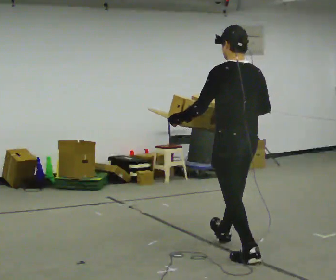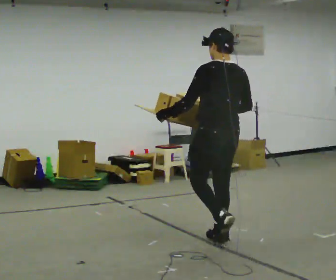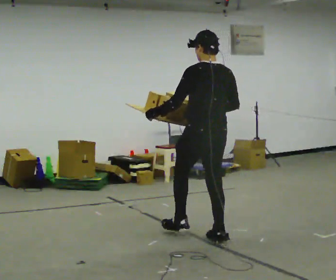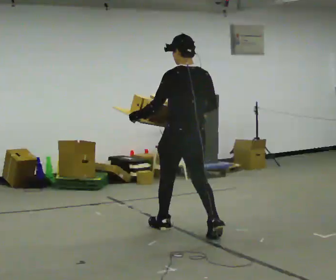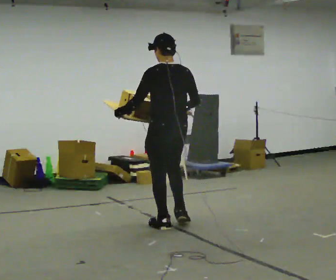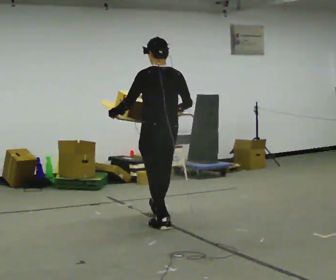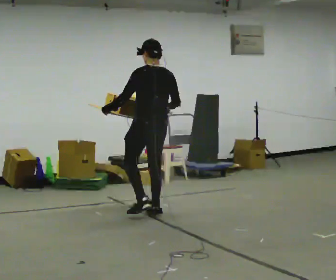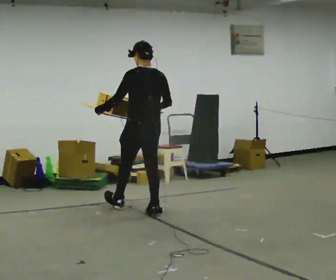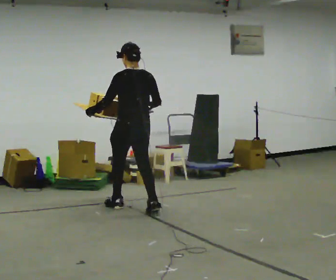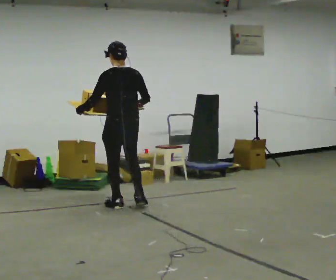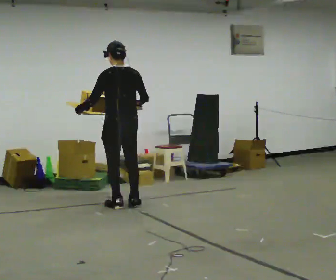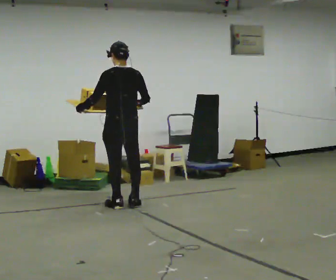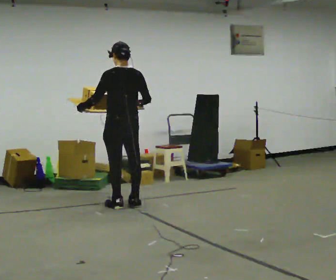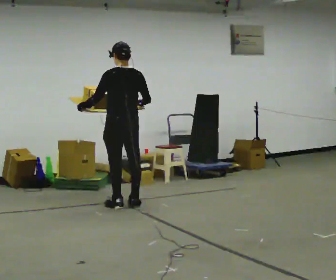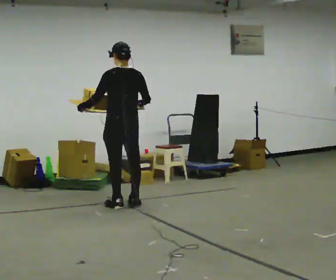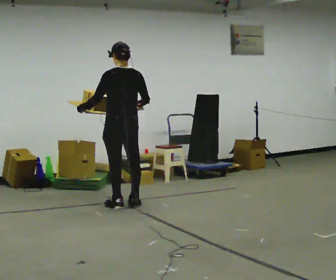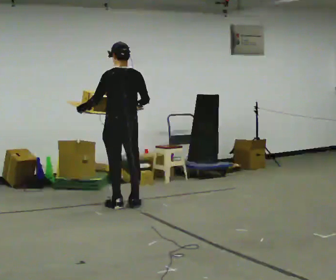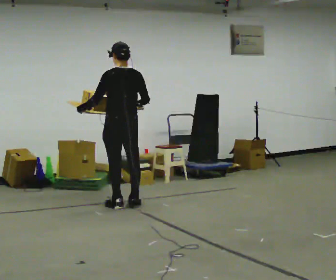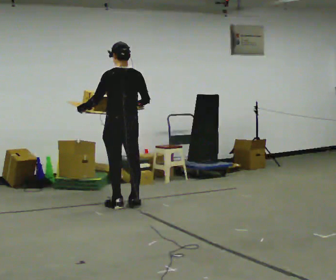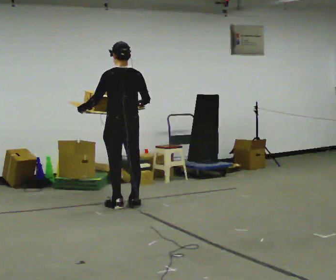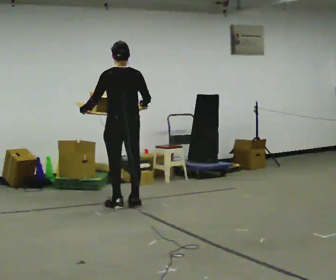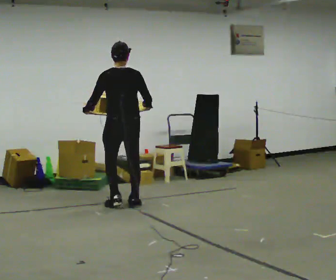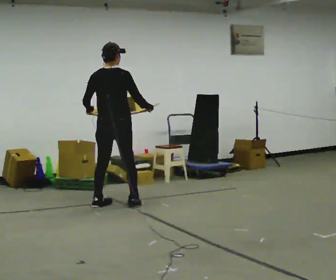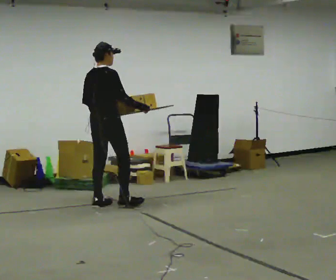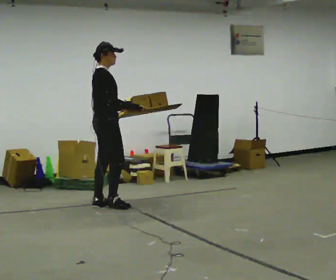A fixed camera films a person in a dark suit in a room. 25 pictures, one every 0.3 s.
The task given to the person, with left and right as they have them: Carry the loaded tray flat and level in both hands, walking back and forth across the room. Try not to let anything slide off.
0.0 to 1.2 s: In the picture they go away from the camera and to the left, about 1 m in 1 step, which for them is forward.
1.2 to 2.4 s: In the picture they go away from the camera and to the left, about 1 m in 2 steps, which for them is forward.
2.4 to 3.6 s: The person moves a little, or ends about where they began.
3.6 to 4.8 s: The person keeps their place and pose.
4.8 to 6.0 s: The person moves a little, or ends about where they began.
6.0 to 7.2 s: The part of the body nearest the lens slides to the left as the person turns to their right by about 105 degrees. In the picture they go to the left, about 0.25 m in 2 steps. In the picture their left hand goes to the right, the arm swinging counterclockwise.
The film runs forward here.
